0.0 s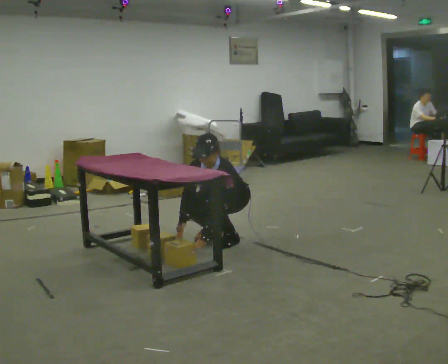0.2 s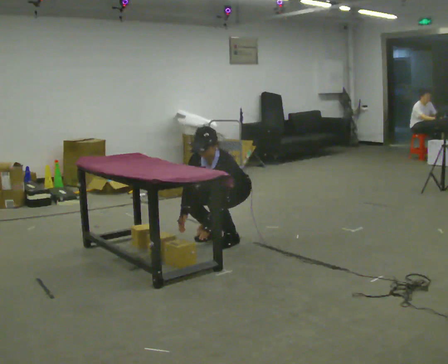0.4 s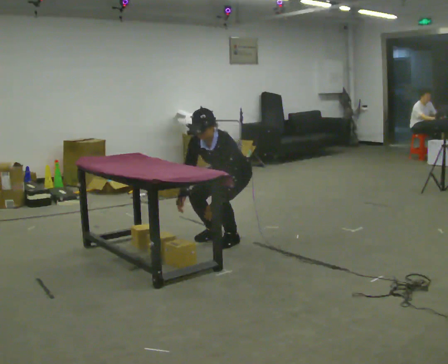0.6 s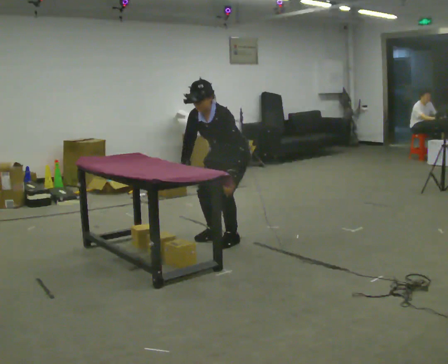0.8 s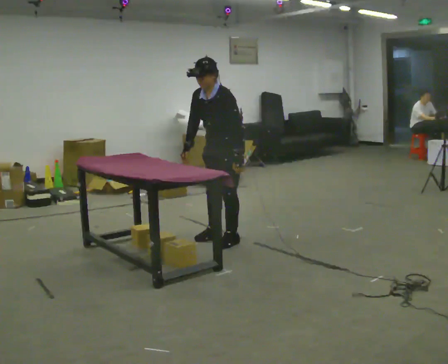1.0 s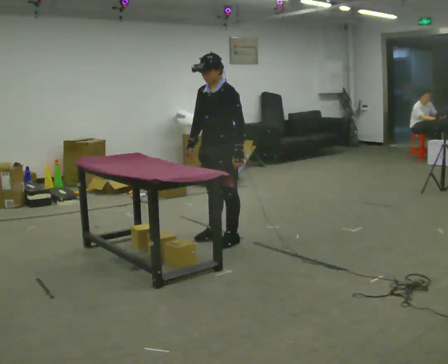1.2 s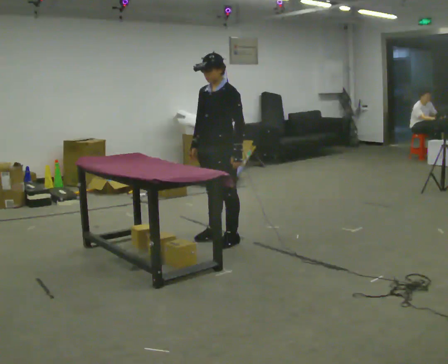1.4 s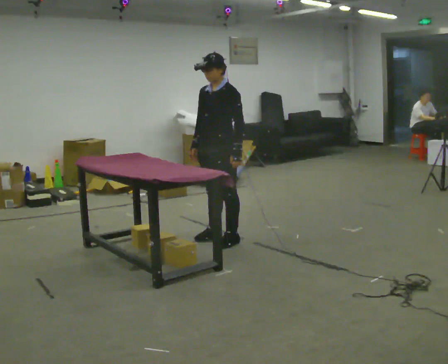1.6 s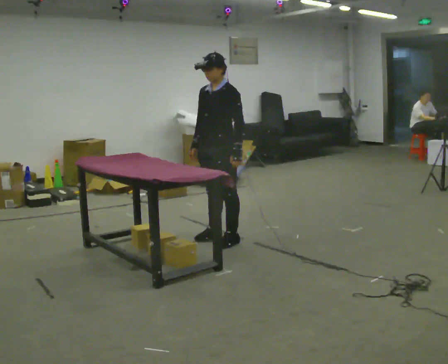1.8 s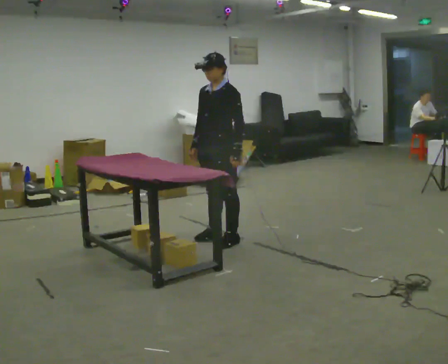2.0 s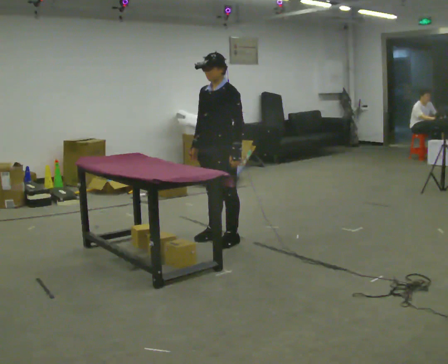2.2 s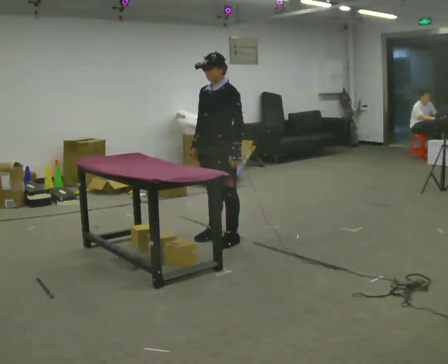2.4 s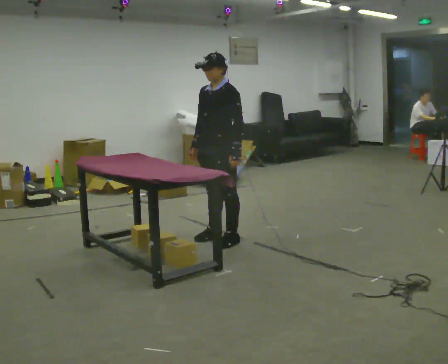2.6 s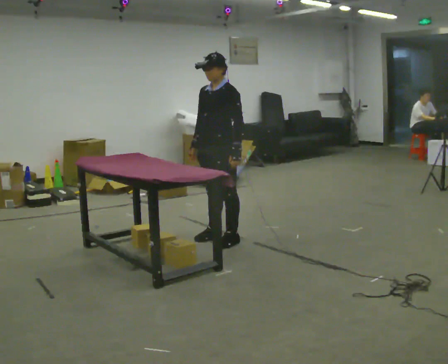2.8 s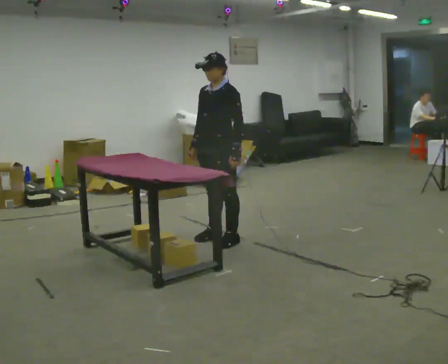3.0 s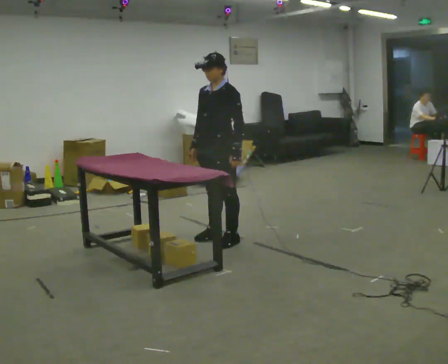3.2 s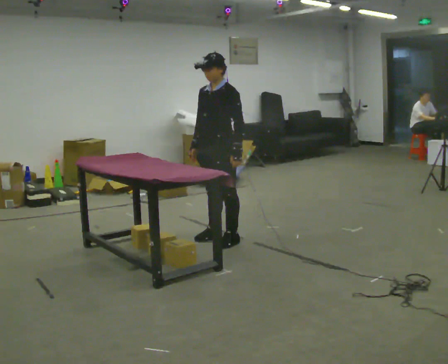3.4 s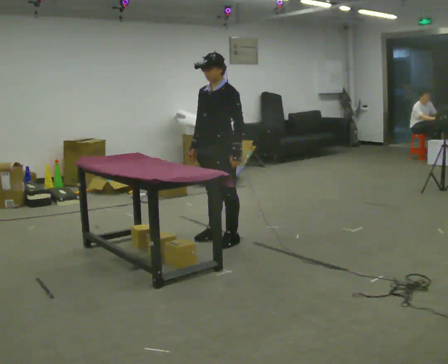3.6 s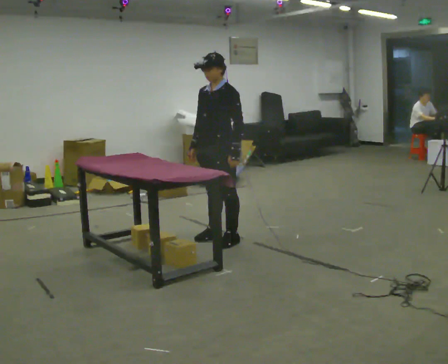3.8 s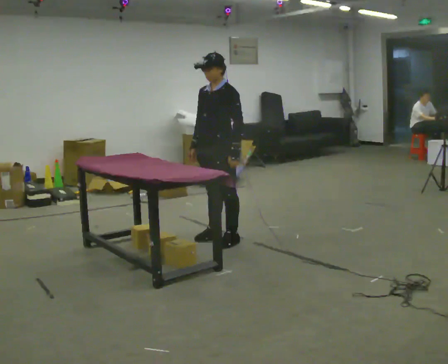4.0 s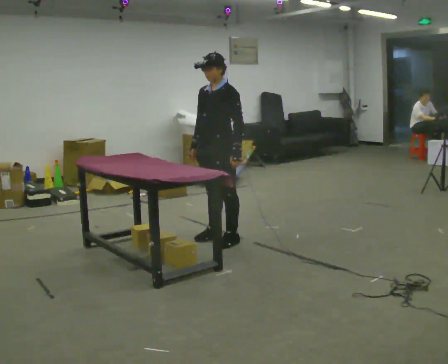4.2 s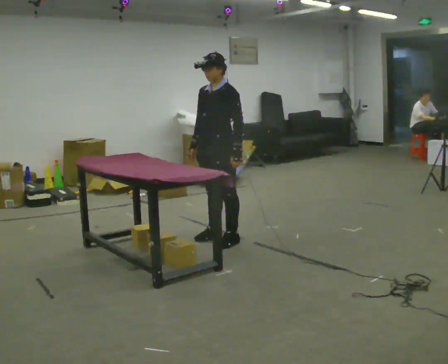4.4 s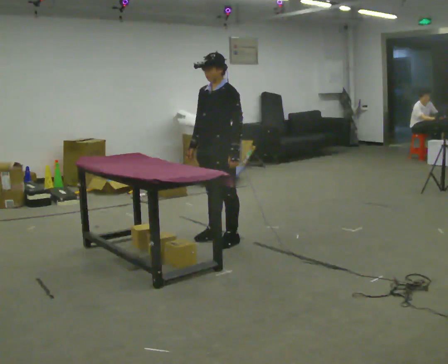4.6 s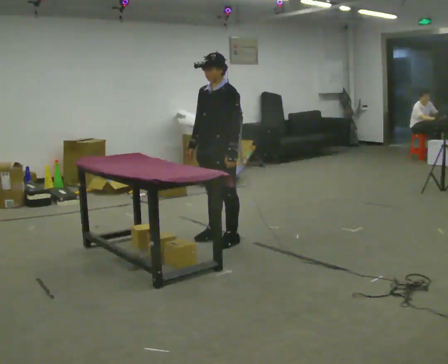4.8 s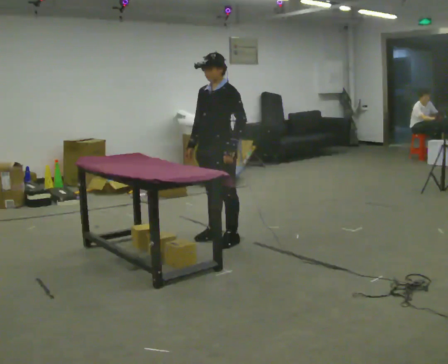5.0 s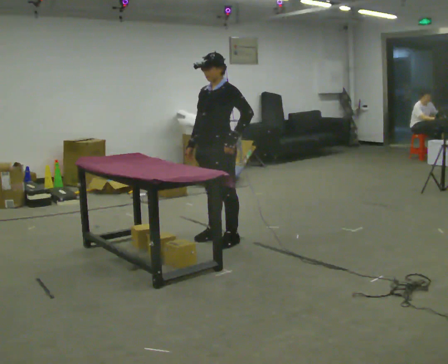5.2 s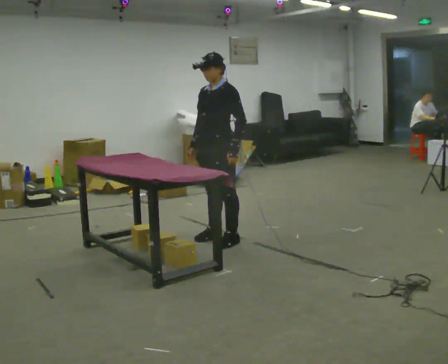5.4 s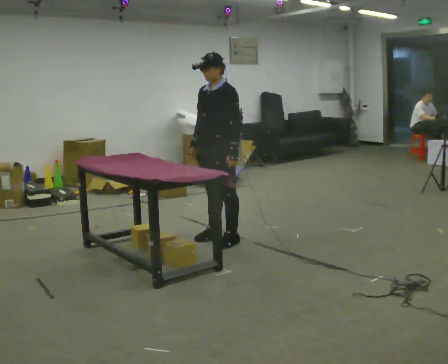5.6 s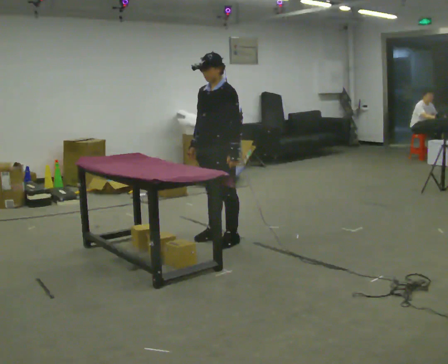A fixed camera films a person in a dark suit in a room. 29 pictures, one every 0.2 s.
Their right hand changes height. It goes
upward.
The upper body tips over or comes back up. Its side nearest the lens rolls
upward.
0.0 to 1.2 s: The shoulders move upward. The upper body tips away from the camera, its near side rolling upward, as they lean back or straighten. In the picture their right hand goes upward.
1.2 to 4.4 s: The person keeps their place and pose.
4.4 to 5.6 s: The person moves a little, or ends about where they began.
The film runs backward here.
